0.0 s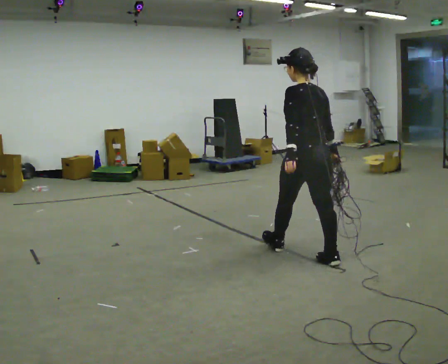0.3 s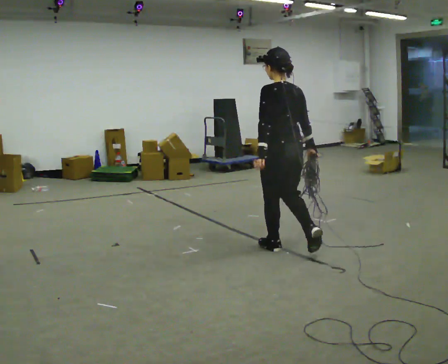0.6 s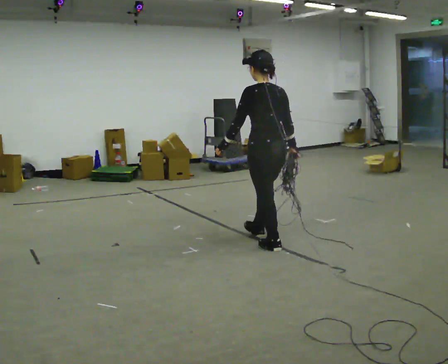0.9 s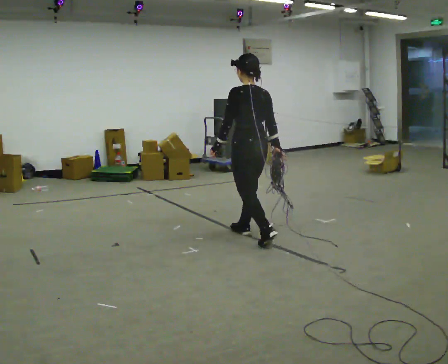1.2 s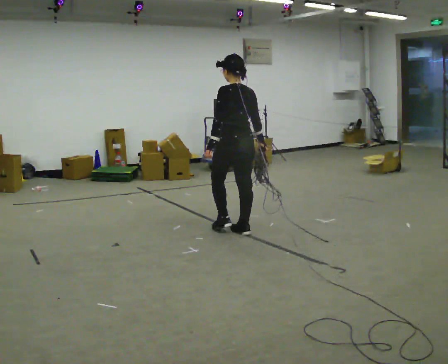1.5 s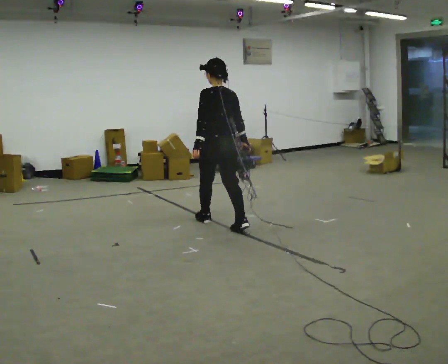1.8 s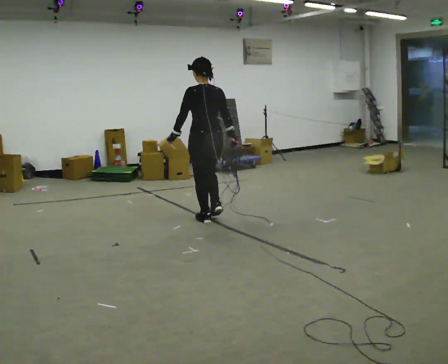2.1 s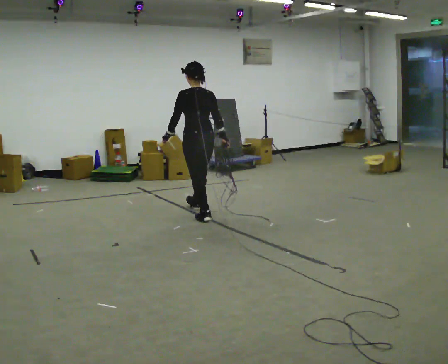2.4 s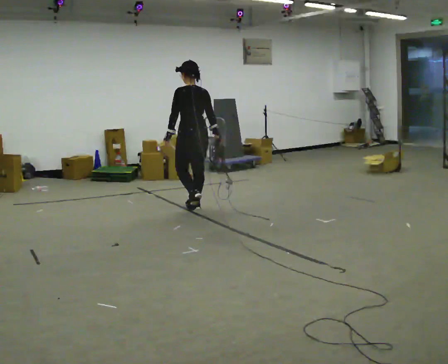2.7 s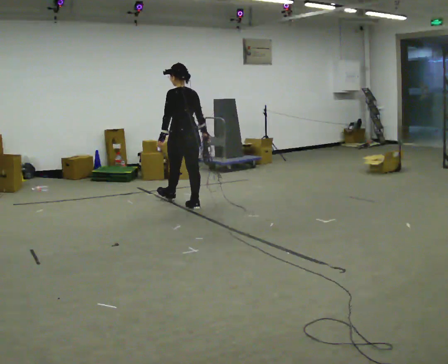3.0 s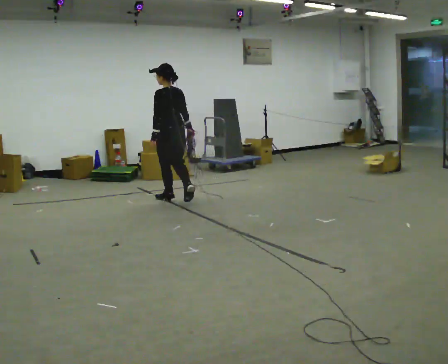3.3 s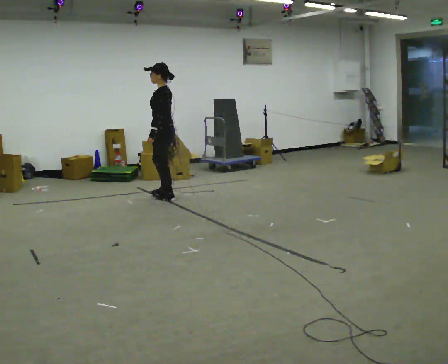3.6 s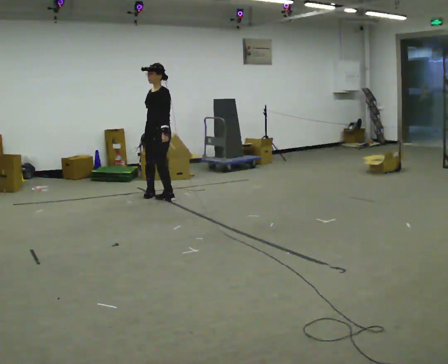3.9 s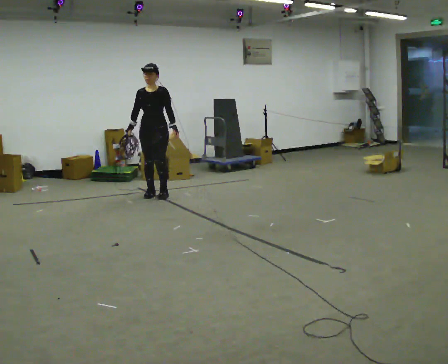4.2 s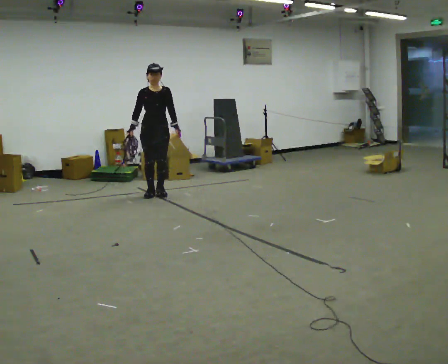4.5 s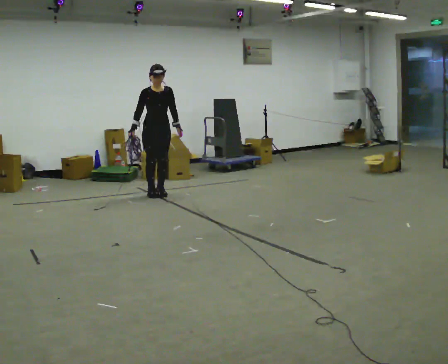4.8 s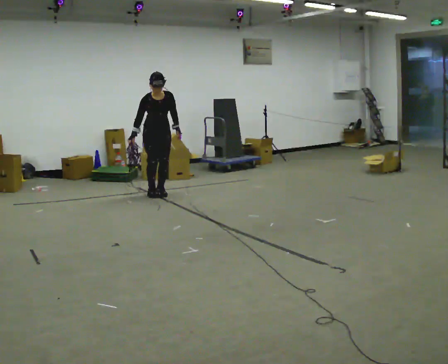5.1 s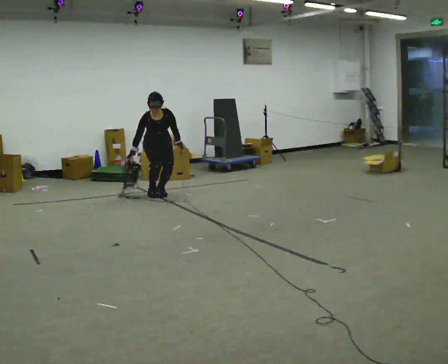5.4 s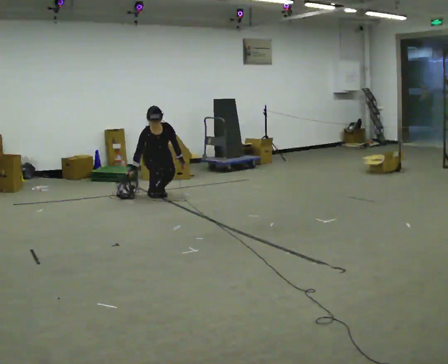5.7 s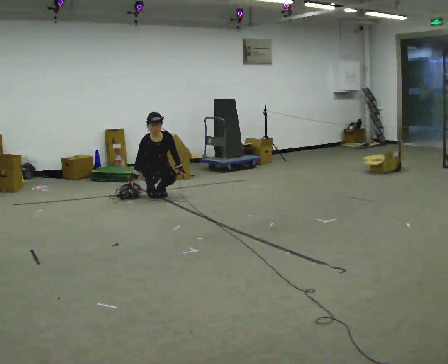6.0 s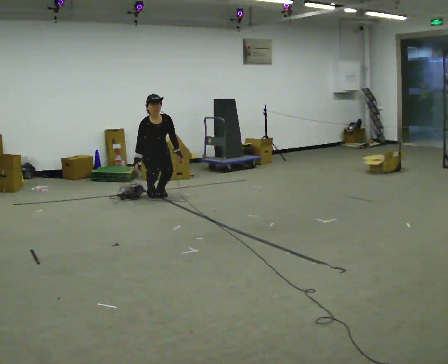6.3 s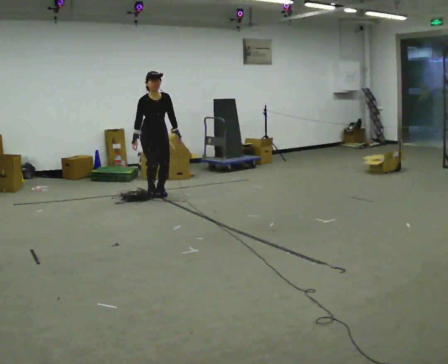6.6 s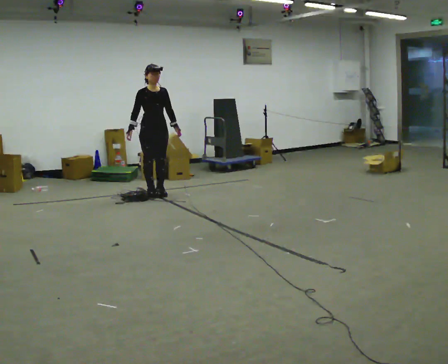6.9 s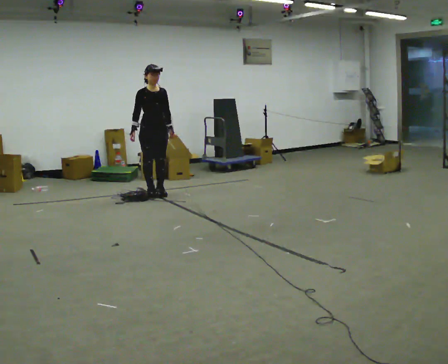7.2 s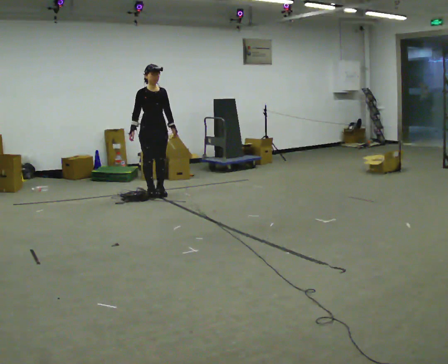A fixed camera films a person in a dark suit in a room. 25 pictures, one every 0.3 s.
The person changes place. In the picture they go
away from the camera.
0.0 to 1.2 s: In the picture they go away from the camera and to the left, about 1 m in 2 steps, which for them is forward.
1.2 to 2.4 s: In the picture they go away from the camera and to the left, about 1 m in 2 steps, which for them is forward.
2.4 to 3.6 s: The part of the body nearest the lens slides to the right as the person turns to their left by about 105 degrees. In the picture they go away from the camera and to the left, about 1 m in 2 steps.
3.6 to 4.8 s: The person turns about 60 degrees to their left, counterclockwise seen from above, so the part of the body nearest the lens slides to the right. In the picture they go away from the camera, about 0.25 m in 1 step. The upper body tips toward the camera, its near side rolling downward, as they bend forward.
4.8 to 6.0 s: The person moves a little, or ends about where they began.
6.0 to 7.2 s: The shoulders move upward. The upper body tips away from the camera, its near side rolling upward, as they lean back or straighten. In the picture their right hand goes upward.
The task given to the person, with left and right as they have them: Pick up the coiled hose, carry it across the room, and set it down. It will move around as you walk. Keep going until the operator says stop; one object at a time, and do not rush between trips.
The film runs forward here.
